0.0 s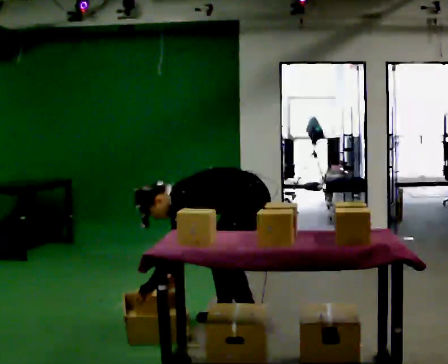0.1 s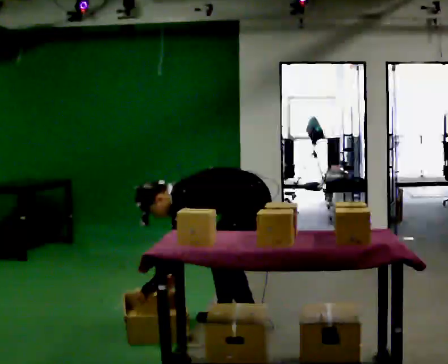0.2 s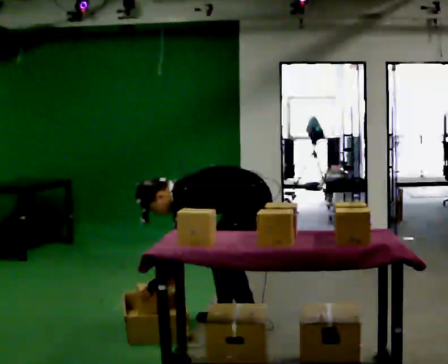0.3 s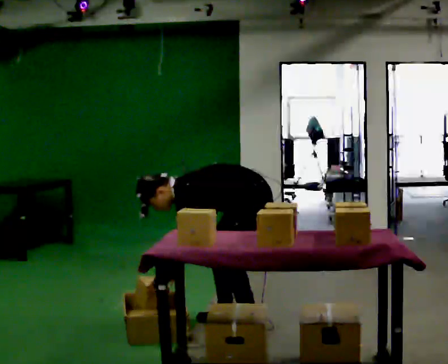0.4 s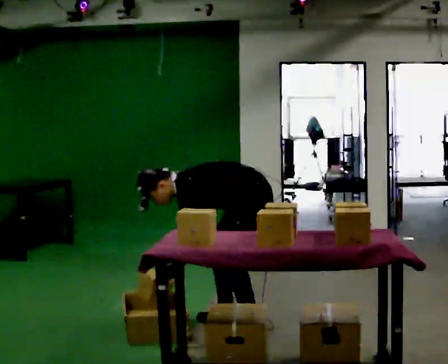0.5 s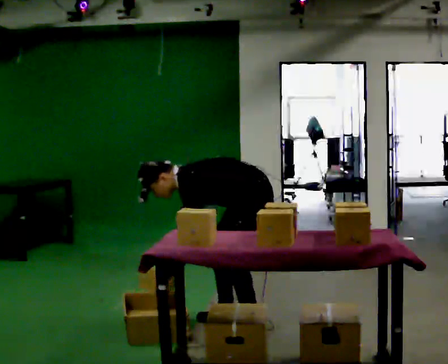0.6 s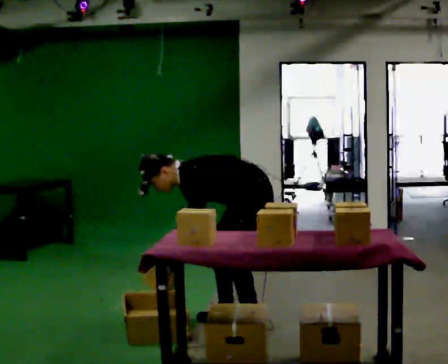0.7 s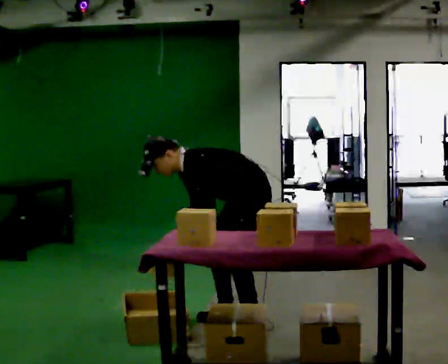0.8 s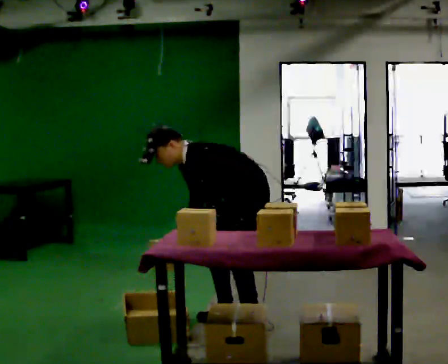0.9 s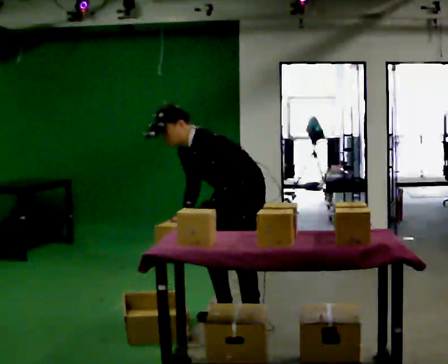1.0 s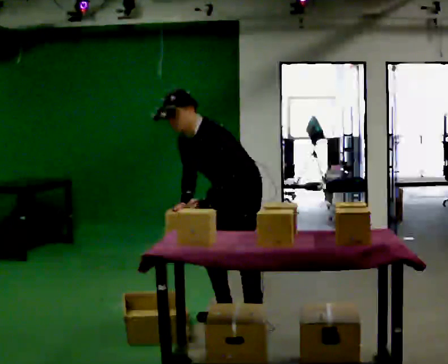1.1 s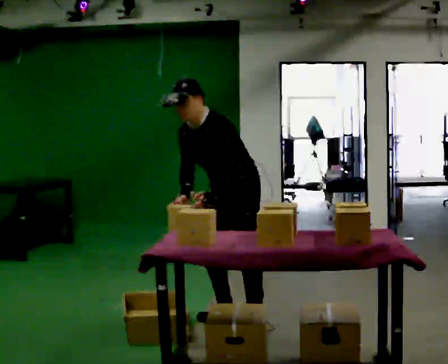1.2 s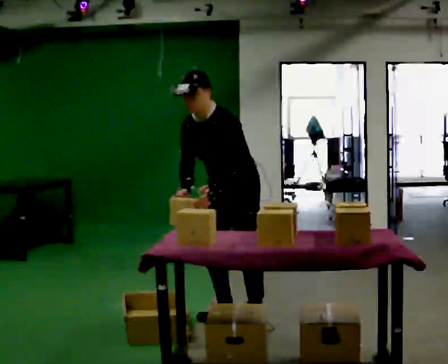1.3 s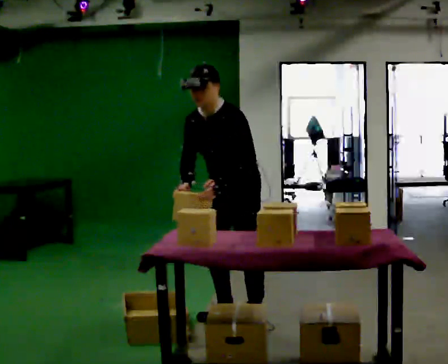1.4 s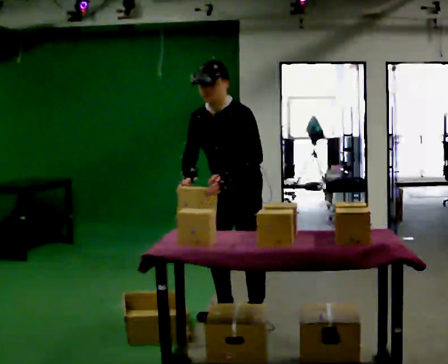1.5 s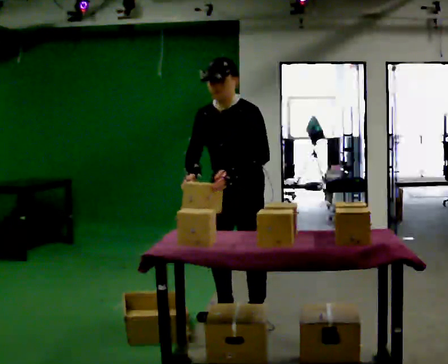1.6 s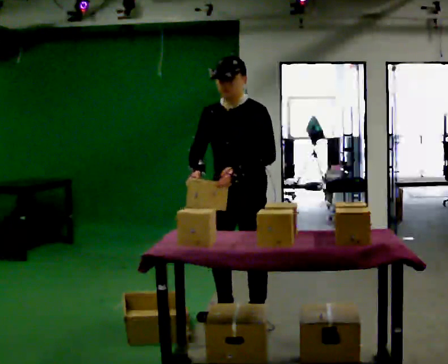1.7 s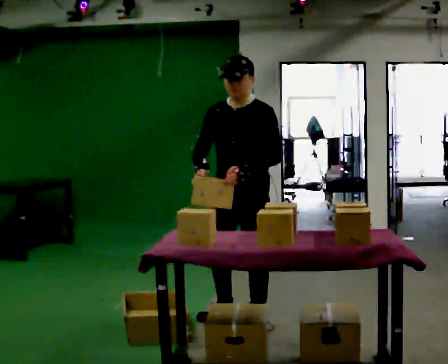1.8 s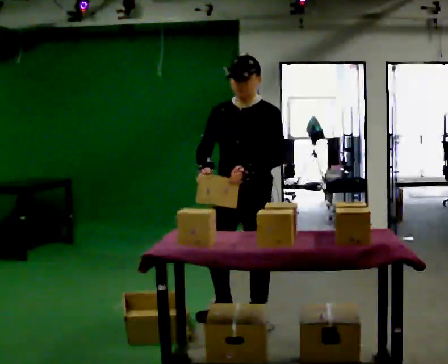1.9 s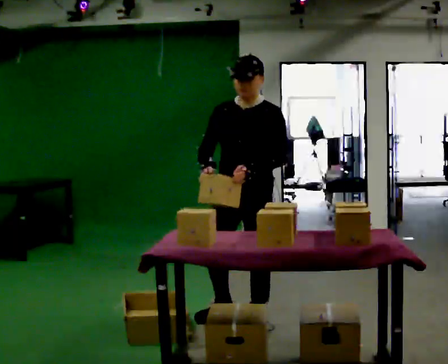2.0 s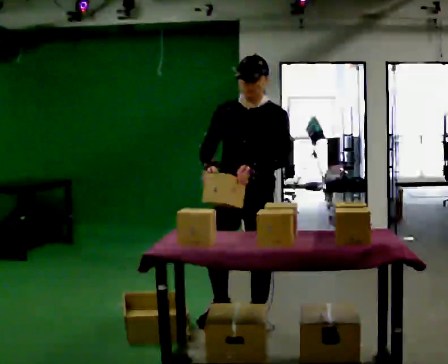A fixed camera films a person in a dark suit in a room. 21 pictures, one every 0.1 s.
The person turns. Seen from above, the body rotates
counterclockwise.
The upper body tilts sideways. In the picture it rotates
clockwise.
0.0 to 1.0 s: The part of the body nearest the lens slides to the right as the person turns to their left by about 30 degrees. The upper body goes upward. In the picture the upper body tilts clockwise, shoulders to the right, as they lean back or straighten. In the picture their left hand goes upward and to the right.
1.0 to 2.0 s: Seen from above the body turns counterclockwise, about 30 degrees: to their left, with its near side sliding to the right. In the picture they go toward the camera, about 0.25 m, which for them is to their left and forward. In the picture the upper body tilts clockwise, shoulders to the right, as they lean back or straighten.
The film runs forward here.
